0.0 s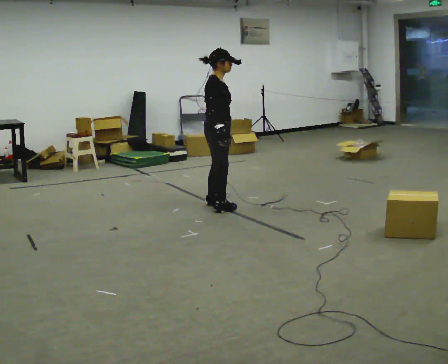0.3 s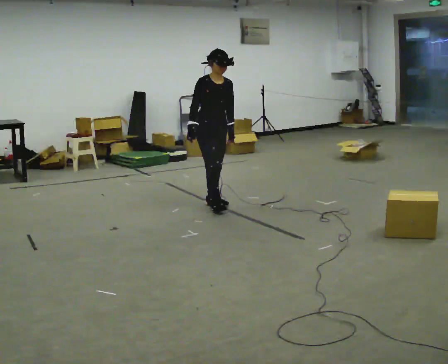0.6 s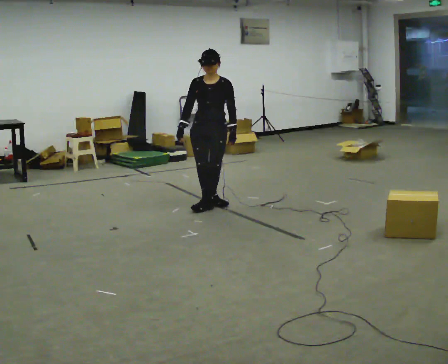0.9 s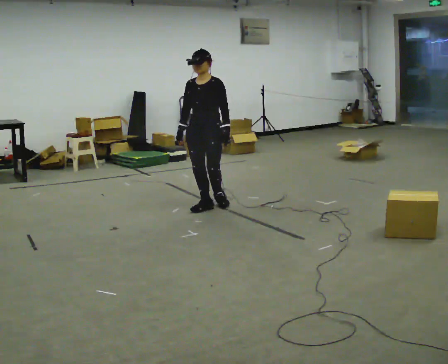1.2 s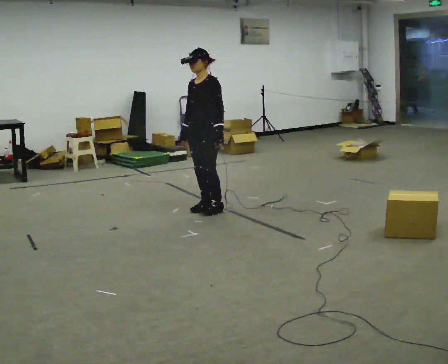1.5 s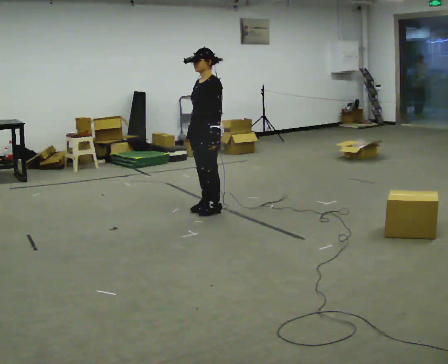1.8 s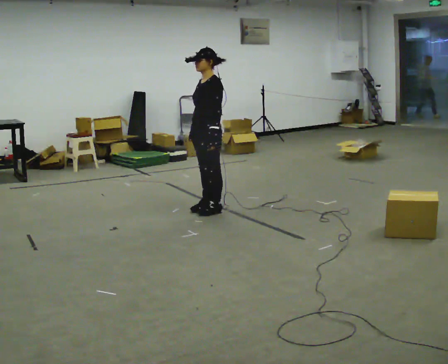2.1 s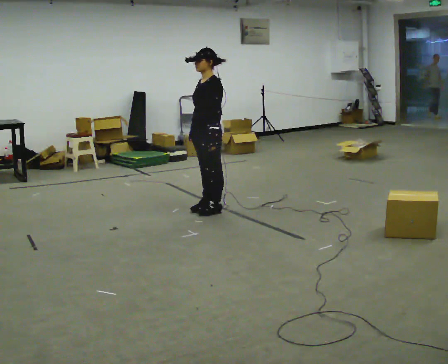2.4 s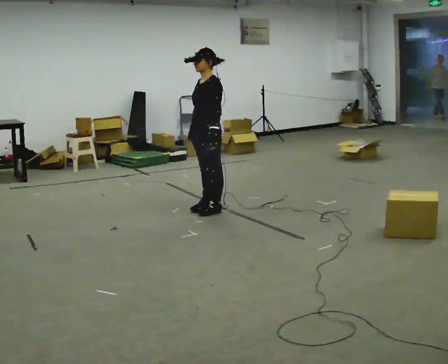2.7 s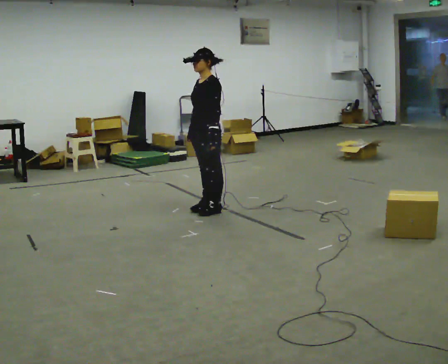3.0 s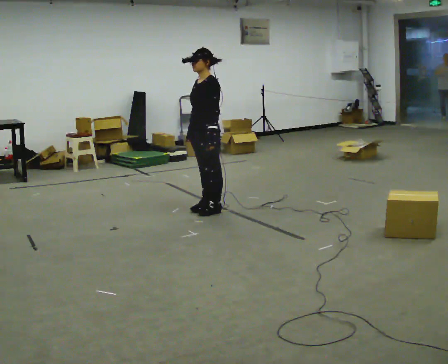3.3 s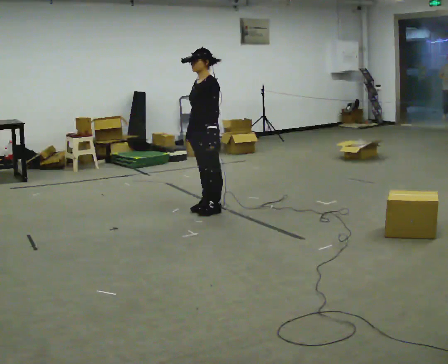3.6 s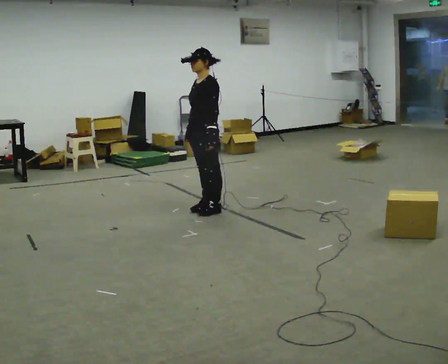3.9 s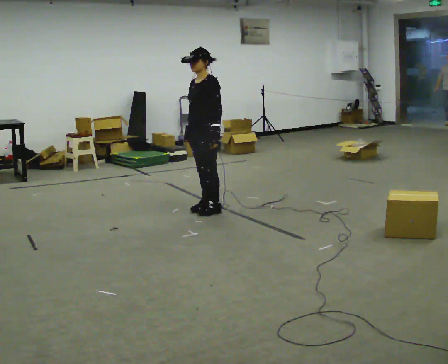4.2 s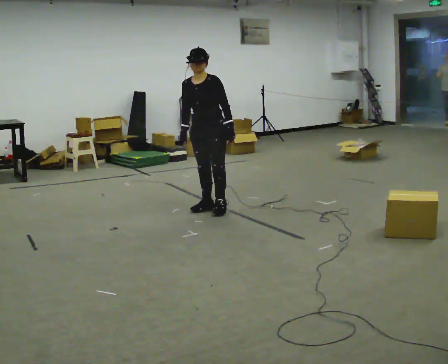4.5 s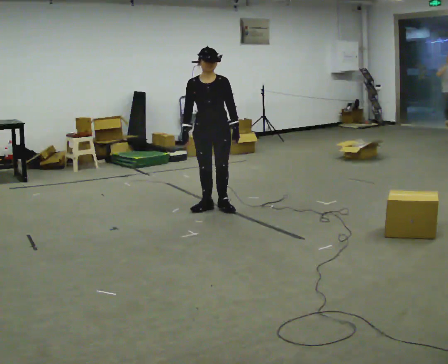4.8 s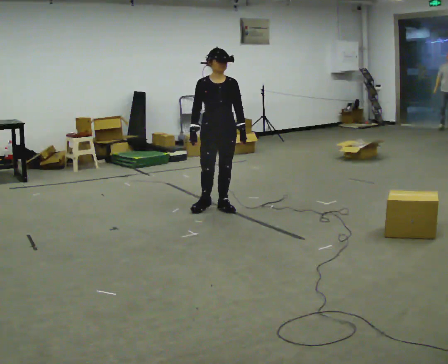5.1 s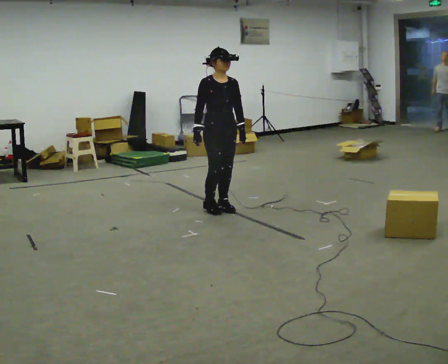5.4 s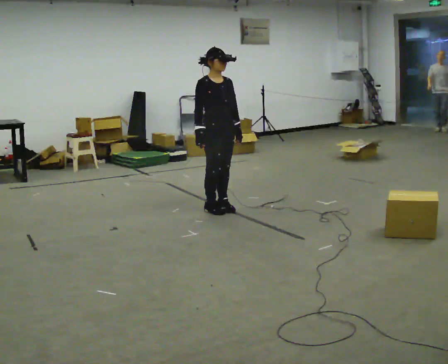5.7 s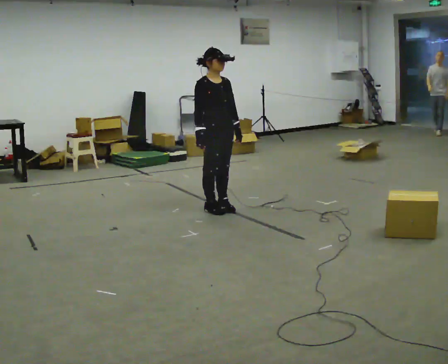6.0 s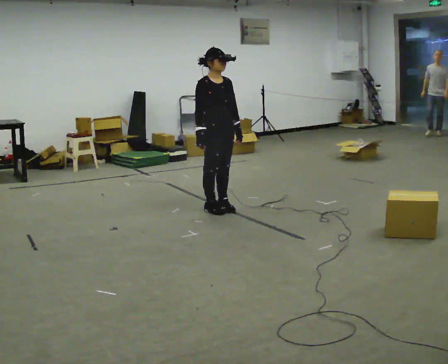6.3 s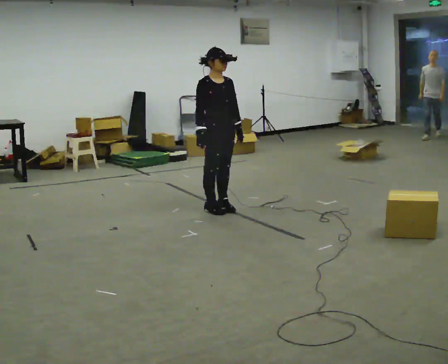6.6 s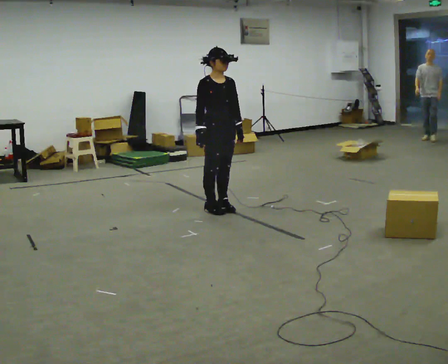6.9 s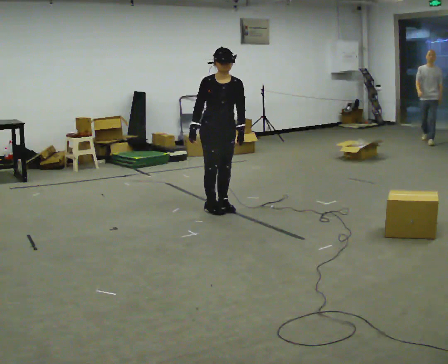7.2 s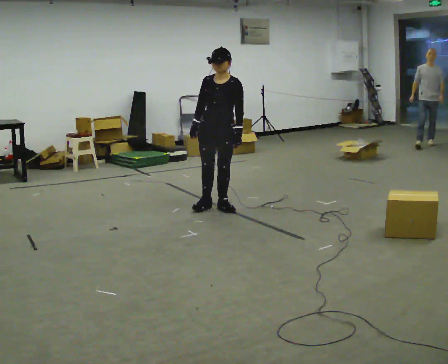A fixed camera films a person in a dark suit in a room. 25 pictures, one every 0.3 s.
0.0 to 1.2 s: Seen from above the body turns clockwise, about 135 degrees: to their right, with its near side sliding to the left. In the picture their right hand goes to the left.
1.2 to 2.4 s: The person moves a little, or ends about where they began.
2.4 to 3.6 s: The person keeps their place and pose.
3.6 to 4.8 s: The part of the body nearest the lens slides to the right as the person turns to their left by about 75 degrees.
4.8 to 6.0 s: The person turns about 30 degrees to their left, counterclockwise seen from above, so the part of the body nearest the lens slides to the right.
6.0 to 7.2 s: The part of the body nearest the lens slides to the left as the person turns to their right by about 60 degrees.
The film runs forward here.
